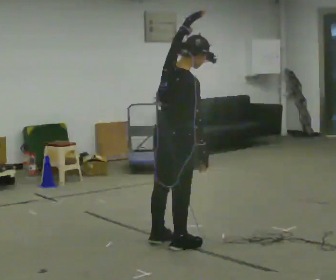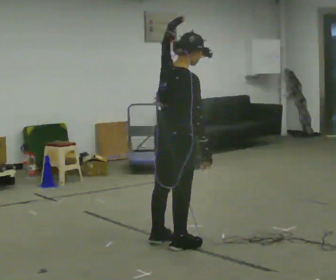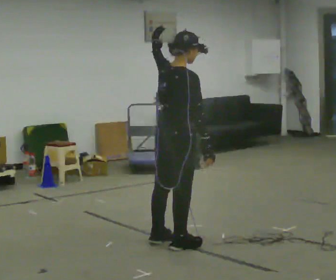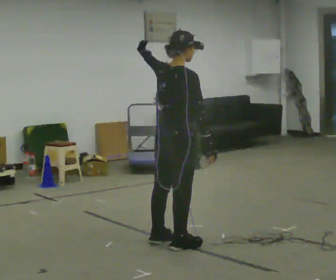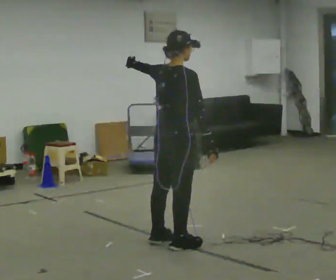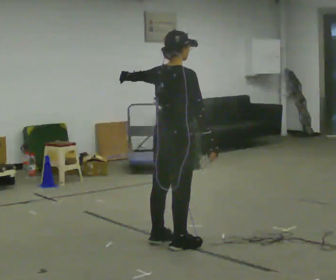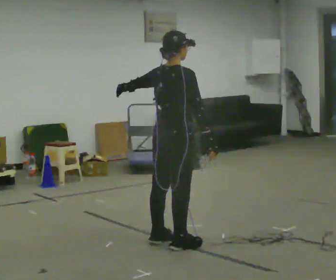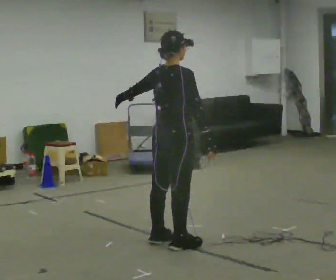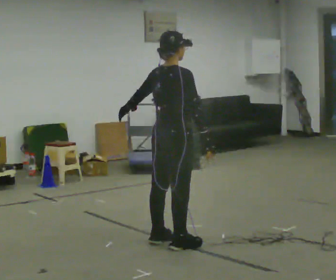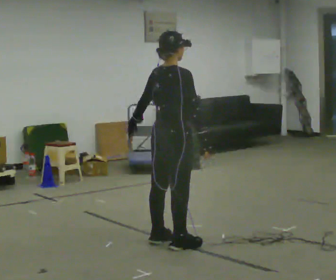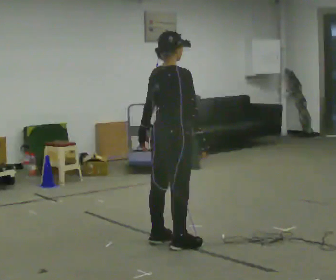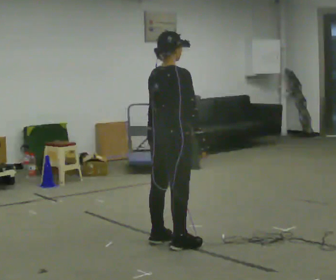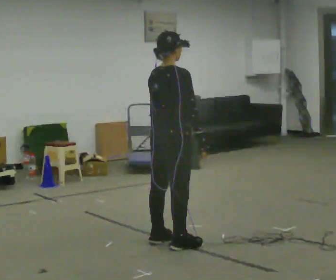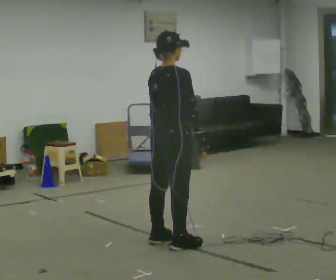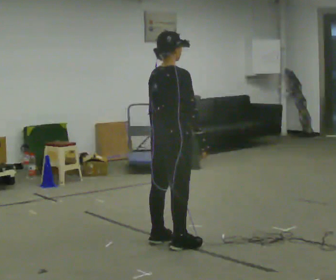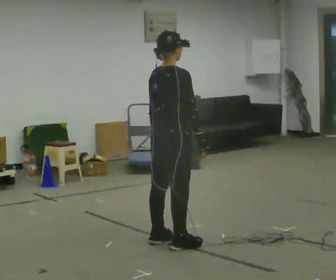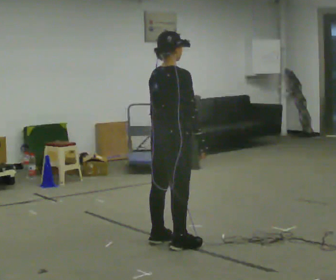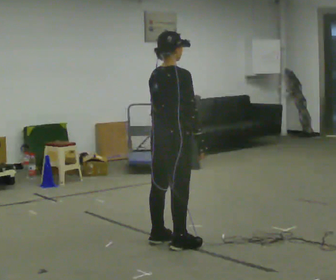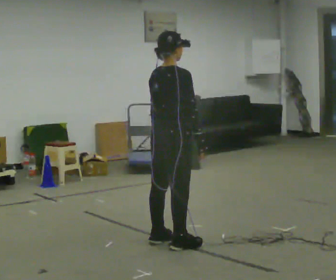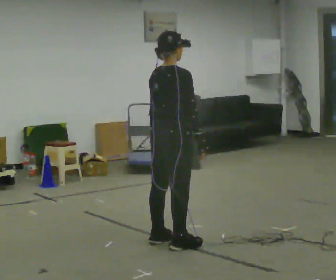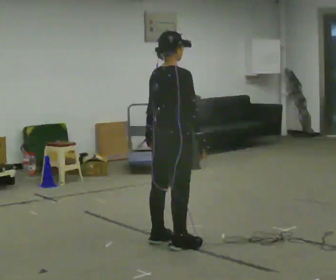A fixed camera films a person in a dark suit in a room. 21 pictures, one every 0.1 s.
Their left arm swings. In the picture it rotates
counterclockwise.
Their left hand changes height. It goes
downward.
0.0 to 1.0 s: In the picture their left hand goes downward, the arm swinging counterclockwise.
1.0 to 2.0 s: The person moves a little, or ends about where they began.
The film runs forward here.
